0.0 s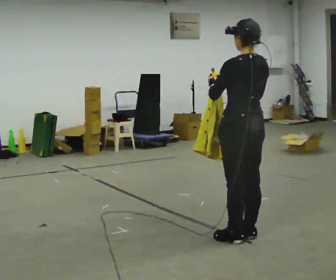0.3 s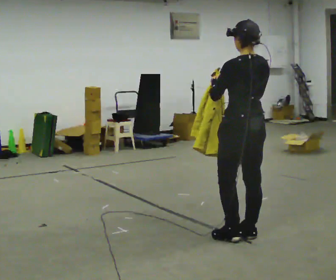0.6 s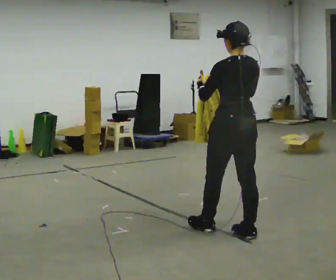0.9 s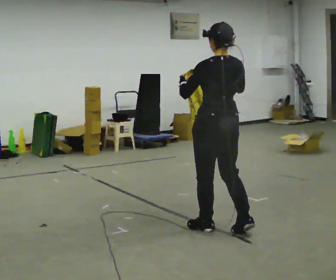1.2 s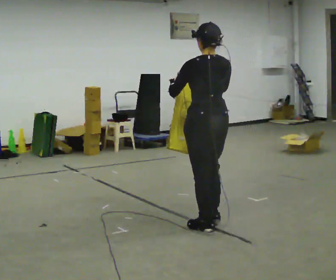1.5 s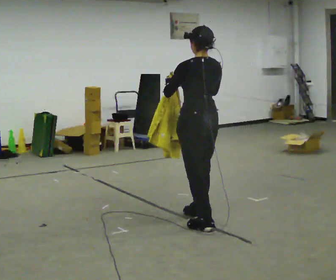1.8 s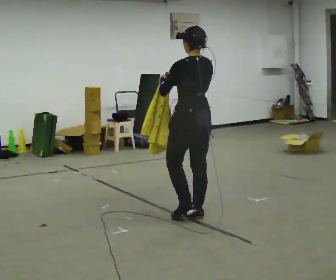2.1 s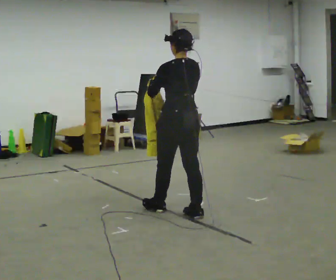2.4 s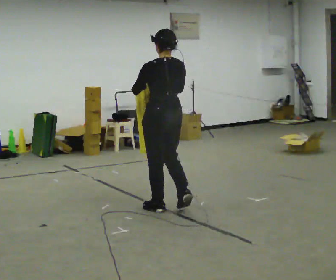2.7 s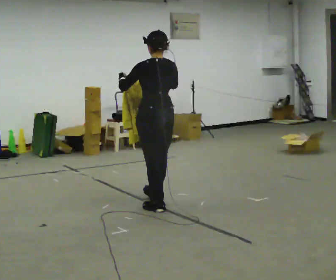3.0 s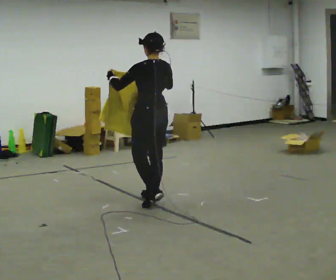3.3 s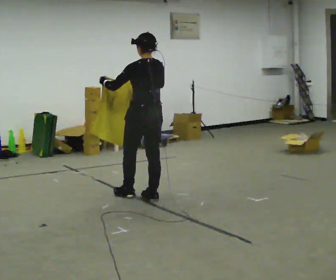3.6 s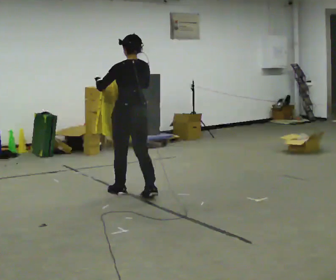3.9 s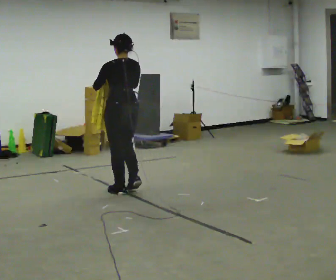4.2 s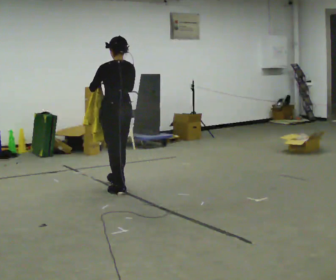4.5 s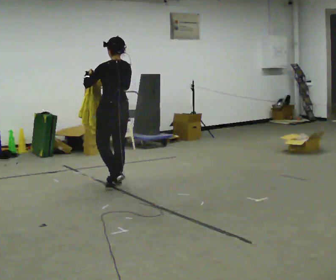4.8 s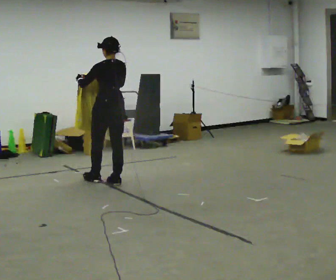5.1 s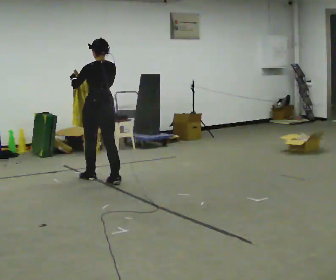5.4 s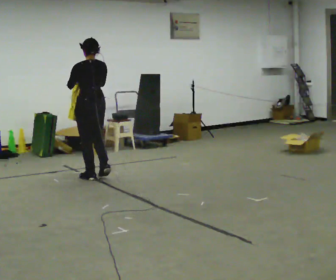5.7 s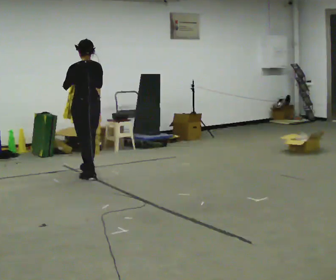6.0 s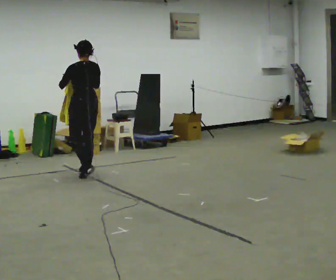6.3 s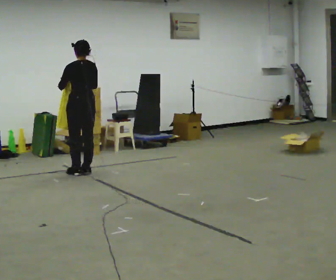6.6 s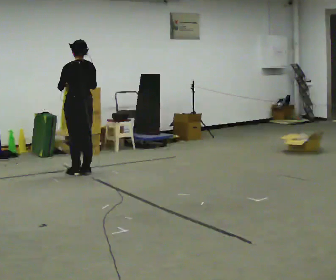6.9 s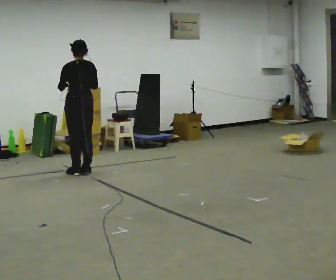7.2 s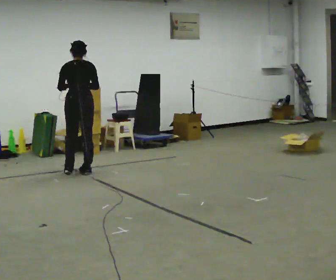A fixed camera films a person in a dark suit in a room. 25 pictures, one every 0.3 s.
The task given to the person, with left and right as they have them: Carry the cloth and, while walking, fold it in half, then unfold it. Keep repeating as you walk. Do not stop.
0.0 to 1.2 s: In the picture they go away from the camera and to the left, about 0.25 m in 1 step, which for them is forward and to their left.
1.2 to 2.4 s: In the picture they go away from the camera and to the left, about 0.5 m in 2 steps, which for them is forward.
2.4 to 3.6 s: In the picture they go away from the camera and to the left, about 0.75 m in 2 steps, which for them is forward.
3.6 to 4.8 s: In the picture they go away from the camera and to the left, about 0.5 m in 1 step, which for them is forward.
4.8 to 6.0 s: In the picture they go away from the camera and to the left, about 0.5 m in 2 steps, which for them is forward.
6.0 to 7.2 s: Seen from above the body turns clockwise, about 30 degrees: to their right, with its near side sliding to the left.
The film runs forward here.
